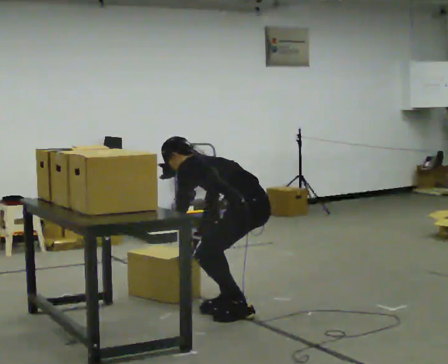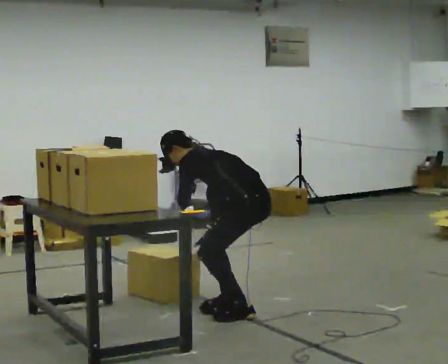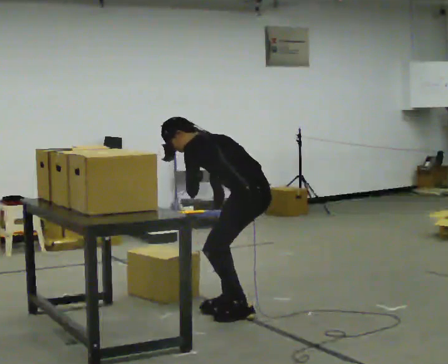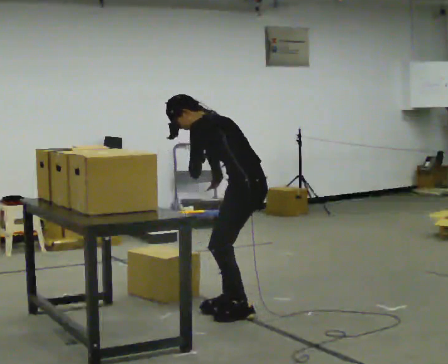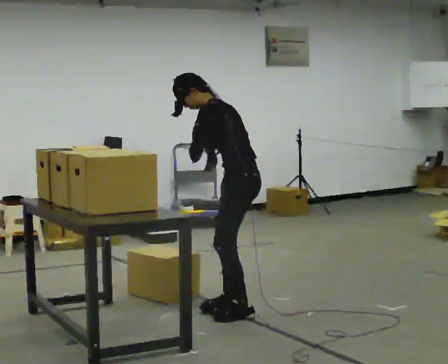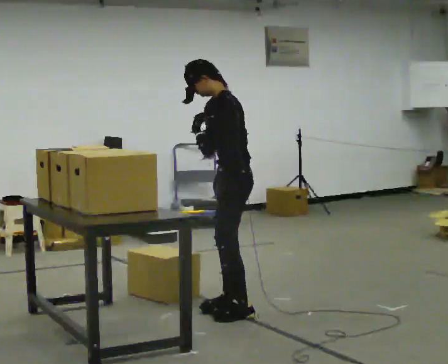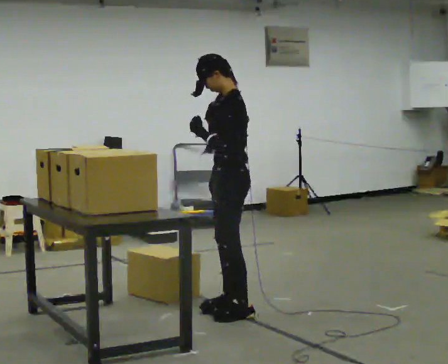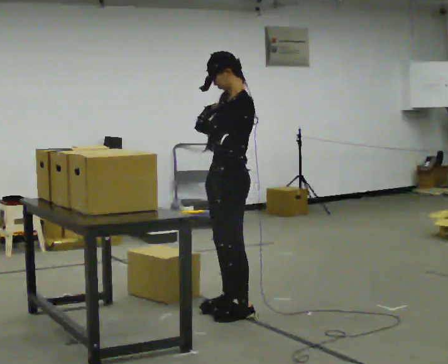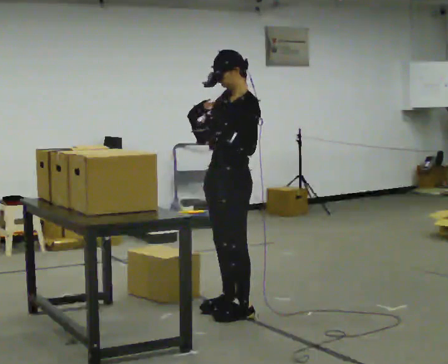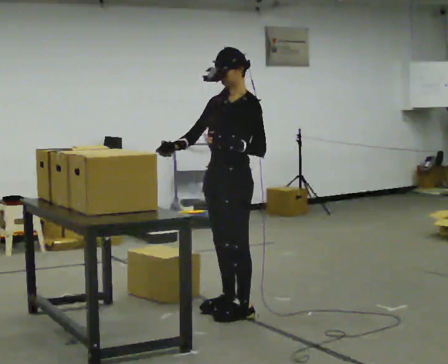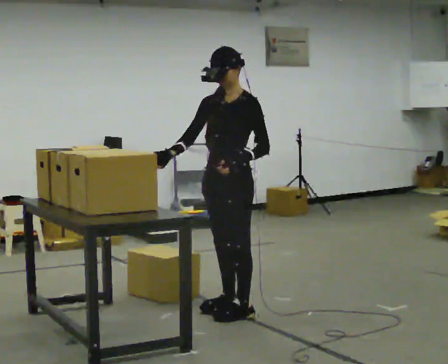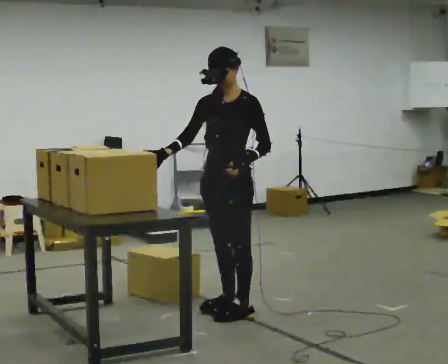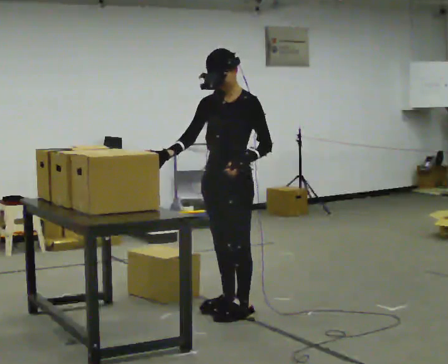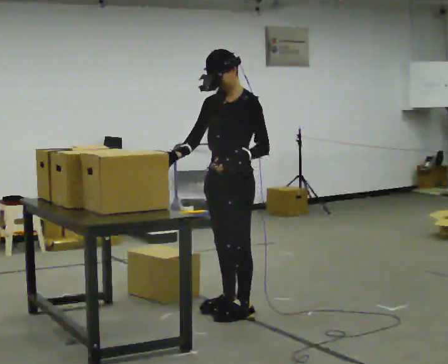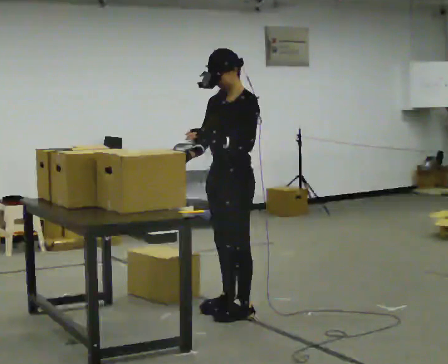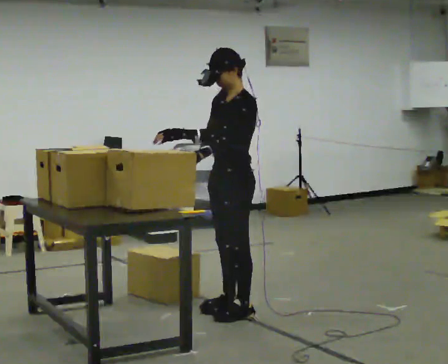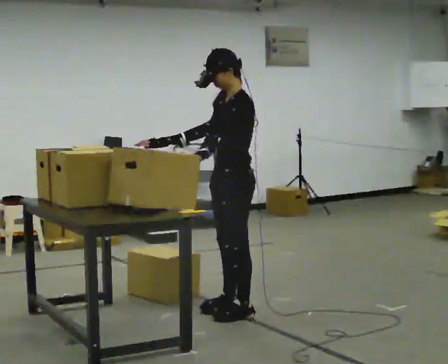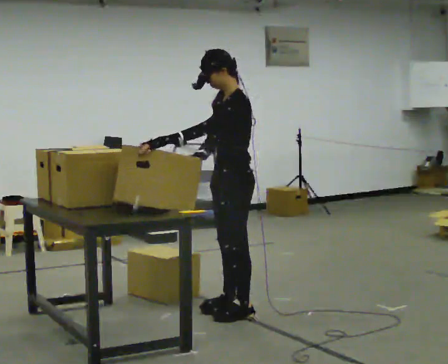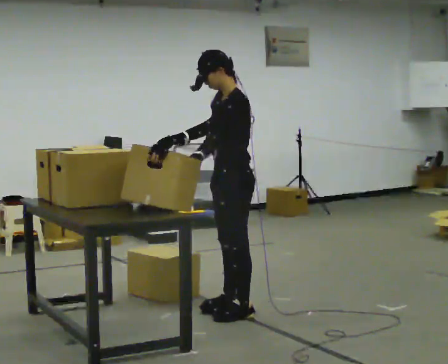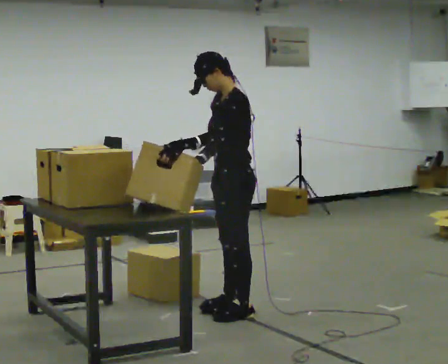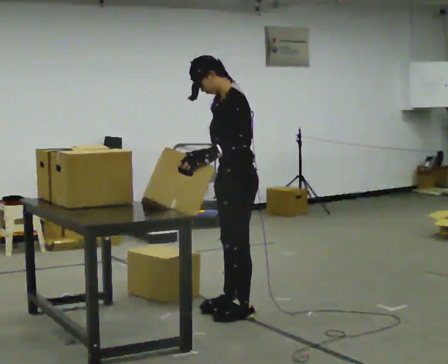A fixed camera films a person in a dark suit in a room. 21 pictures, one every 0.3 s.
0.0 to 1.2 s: The shoulders move upward. The upper body tips toward the camera, its near side rolling downward, as they lean back or straighten. In the picture their right hand goes upward.
1.2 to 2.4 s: Seen from above the body turns counterclockwise, about 45 degrees: to their left, with its near side sliding to the right. In the picture the upper body tilts clockwise, shoulders to the right, as they lean back or straighten.
2.4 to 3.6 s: The person moves a little, or ends about where they began.
3.6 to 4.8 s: The person turns about 30 degrees to their right, clockwise seen from above, so the part of the body nearest the lens slides to the left. In the picture their left hand goes to the left.
4.8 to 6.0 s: The person moves a little, or ends about where they began.
The film runs forward here.
